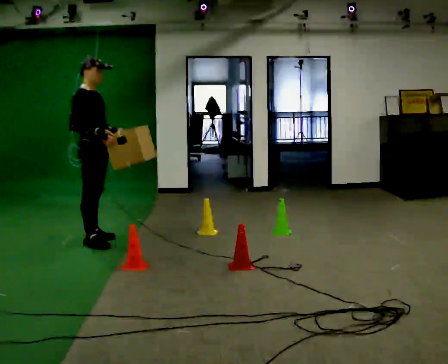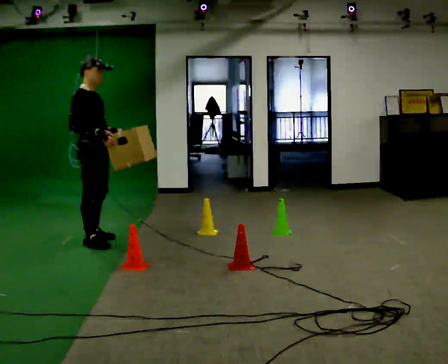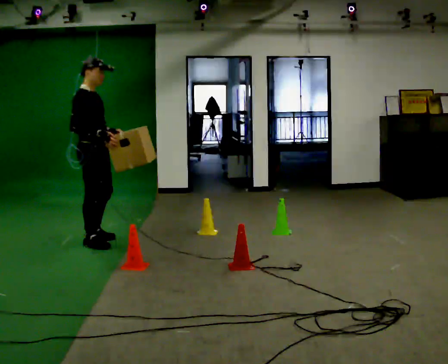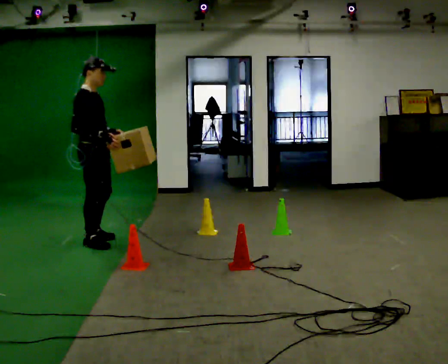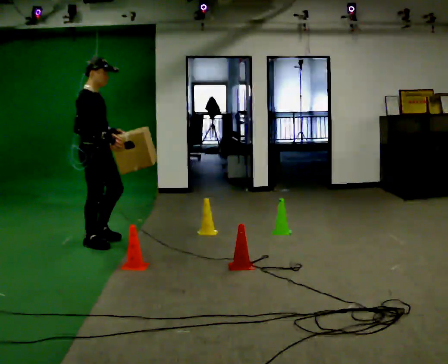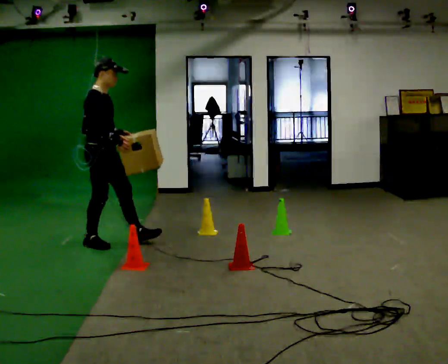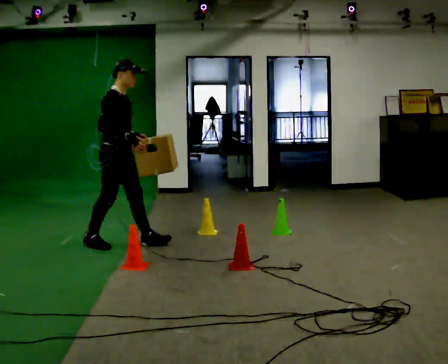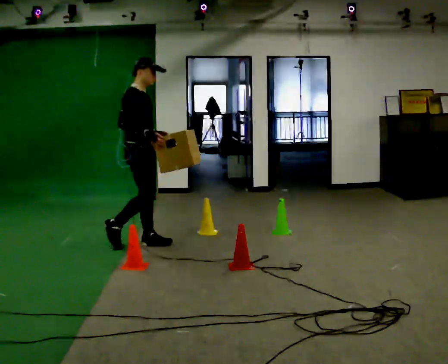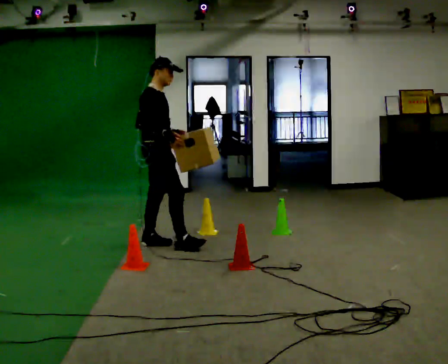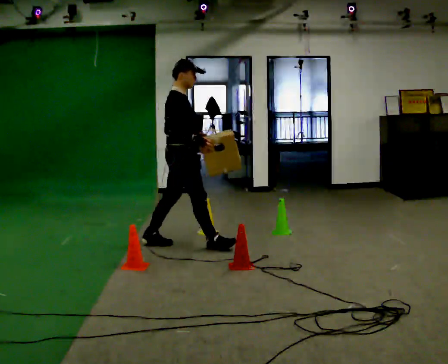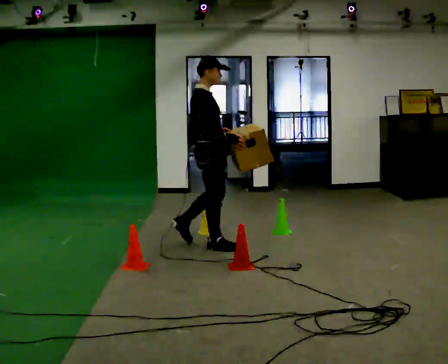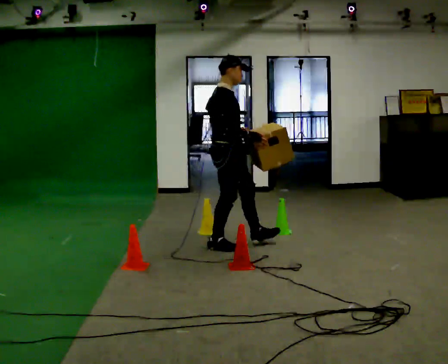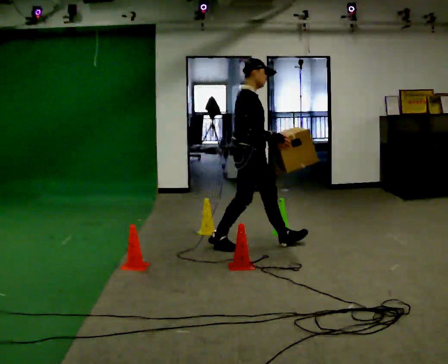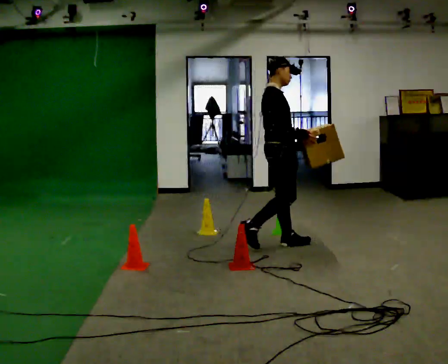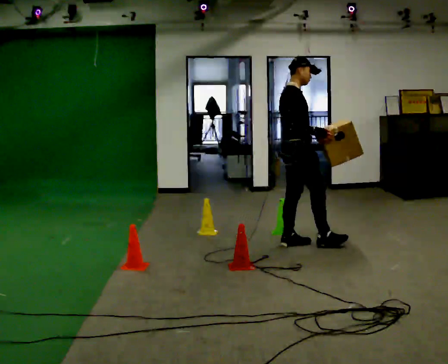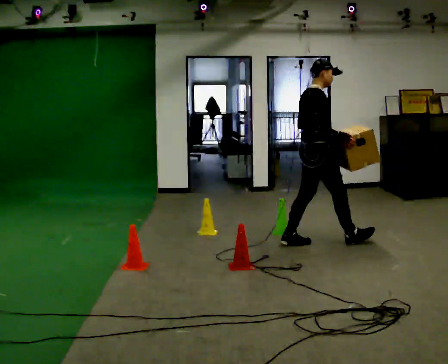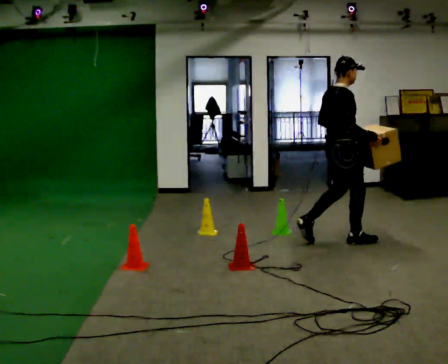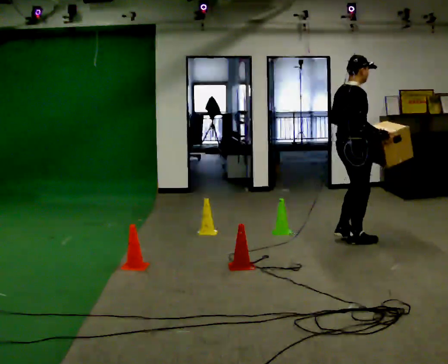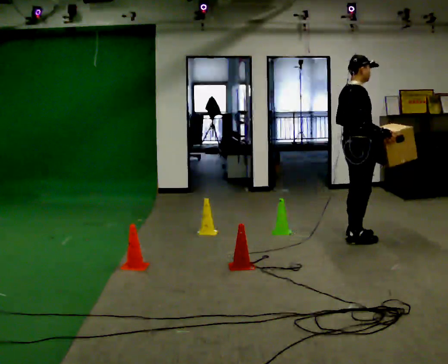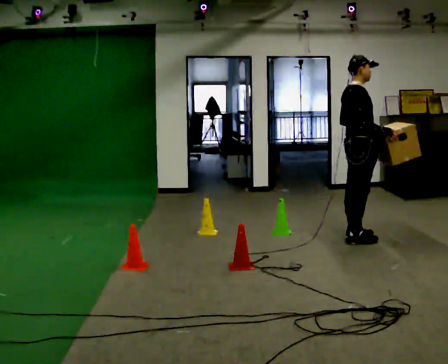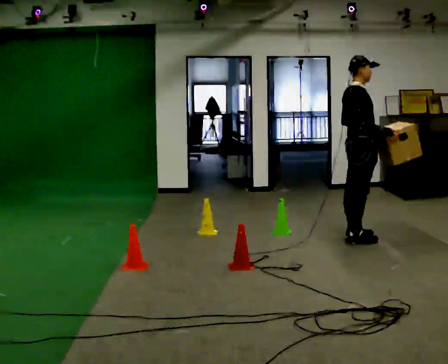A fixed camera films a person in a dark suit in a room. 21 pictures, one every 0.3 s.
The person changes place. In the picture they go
to the right.
0.0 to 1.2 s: The person moves a little, or ends about where they began.
1.2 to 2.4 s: In the picture they go to the right, about 0.5 m in 1 step, which for them is forward.
2.4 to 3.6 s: In the picture they go to the right, about 1 m in 2 steps, which for them is forward.
3.6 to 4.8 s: In the picture they go to the right, about 1 m in 1 step, which for them is forward.
4.8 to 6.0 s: In the picture they go to the right, about 0.25 m in 1 step, which for them is forward.
The film runs forward here.
